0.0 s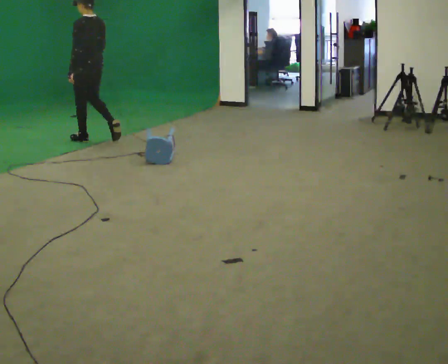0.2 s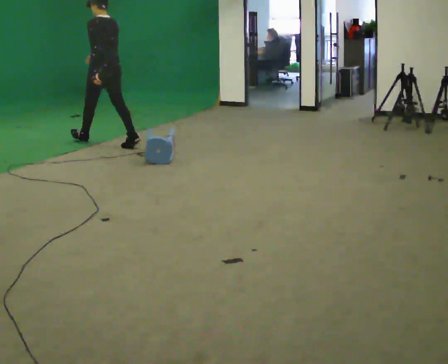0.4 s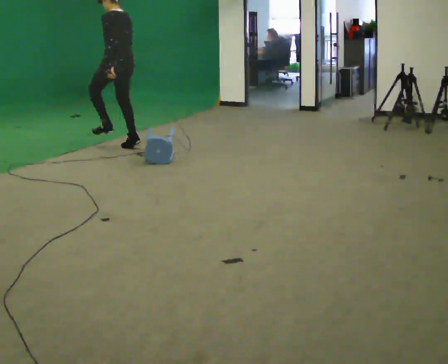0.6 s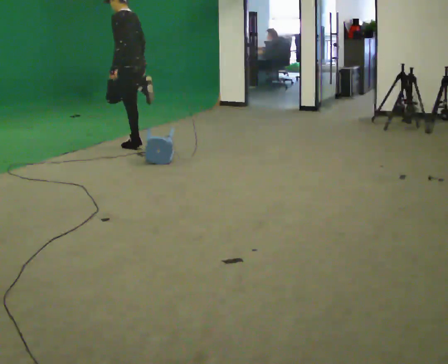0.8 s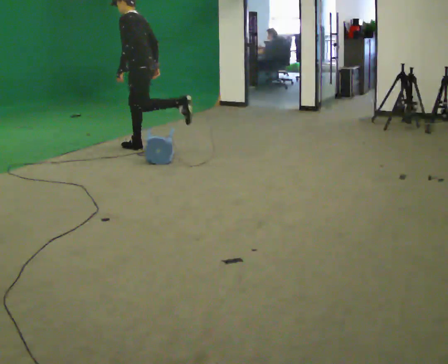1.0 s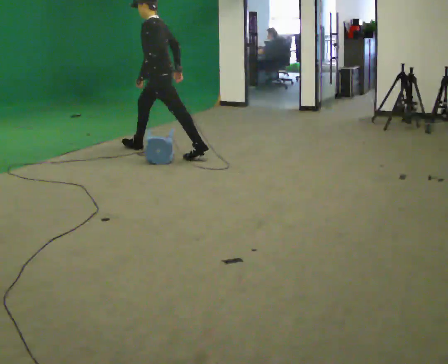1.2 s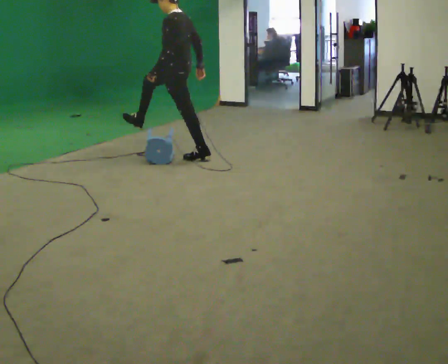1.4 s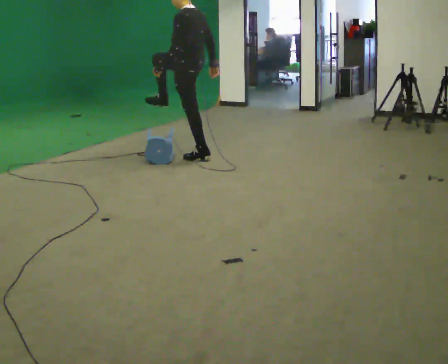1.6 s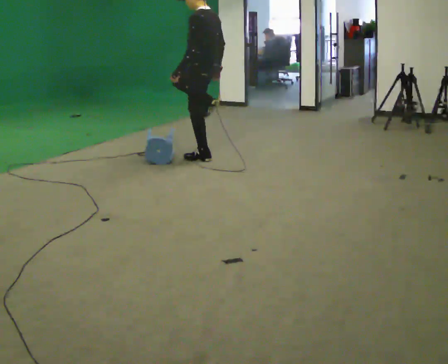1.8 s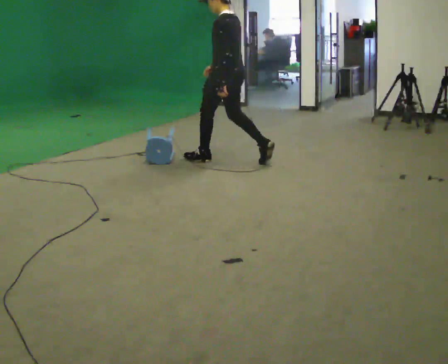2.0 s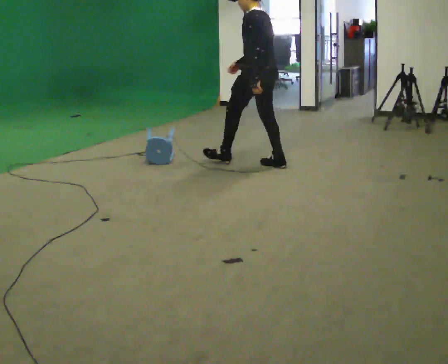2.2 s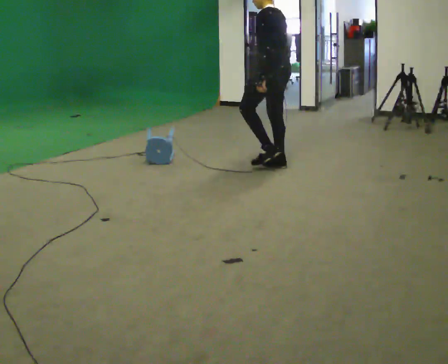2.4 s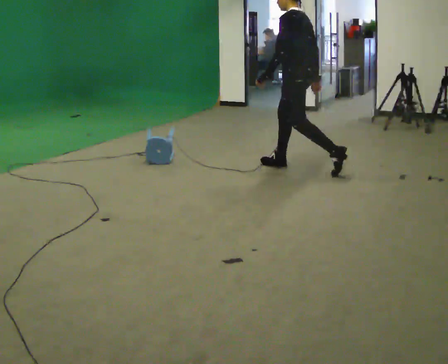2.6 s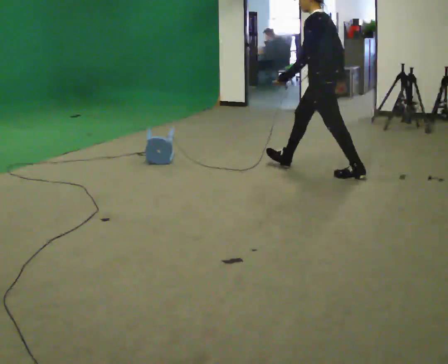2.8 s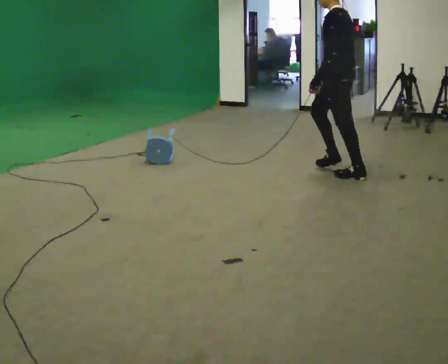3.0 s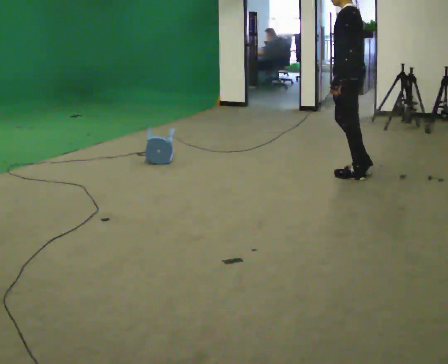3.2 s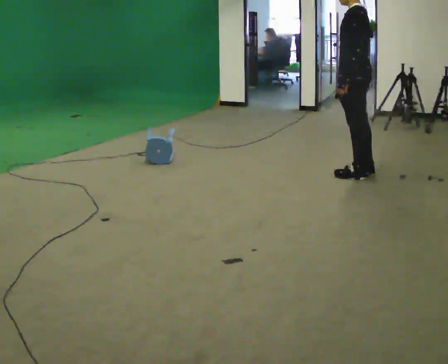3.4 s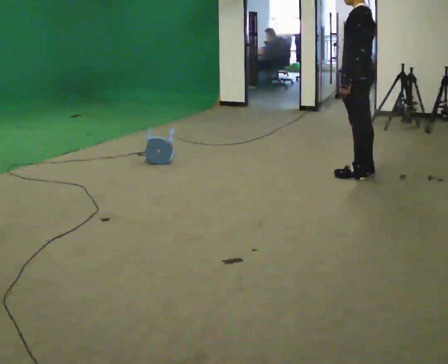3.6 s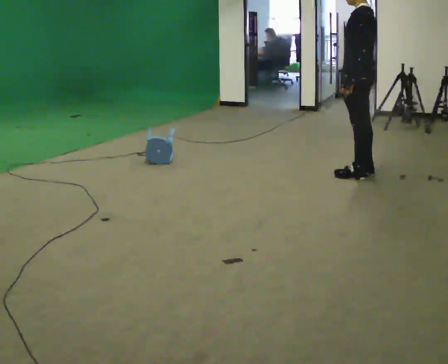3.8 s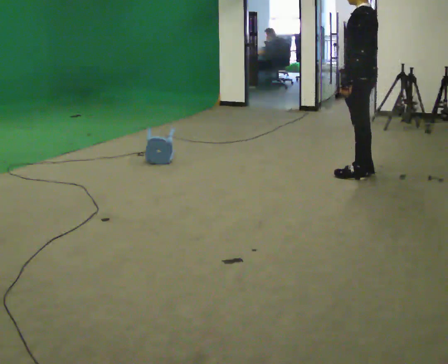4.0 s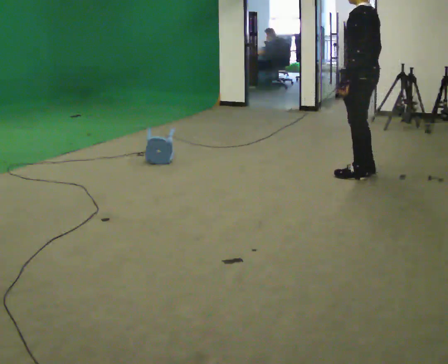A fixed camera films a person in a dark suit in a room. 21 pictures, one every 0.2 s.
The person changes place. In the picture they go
to the right.
0.0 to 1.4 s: In the picture they go to the right and toward the camera, about 1.5 m in 2 steps, which for them is backward.
1.4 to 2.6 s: In the picture they go to the right and toward the camera, about 1.5 m in 2 steps, which for them is backward.
2.6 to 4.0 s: In the picture they go to the right and toward the camera, about 0.5 m, which for them is backward.
The film runs backward here.
